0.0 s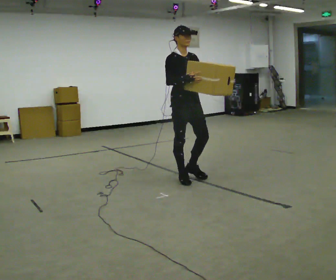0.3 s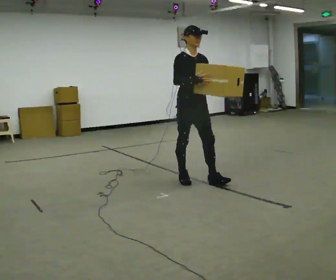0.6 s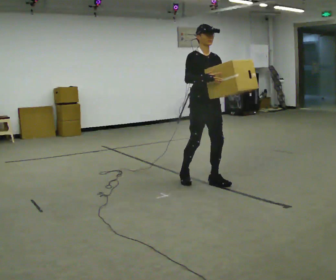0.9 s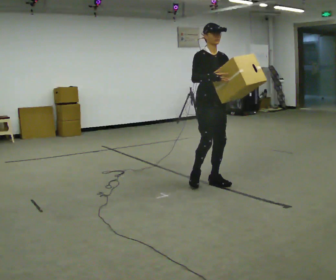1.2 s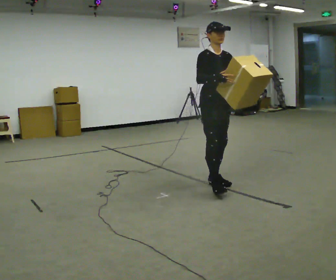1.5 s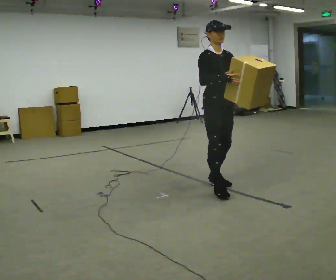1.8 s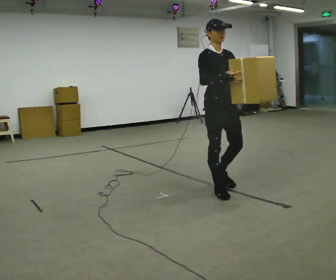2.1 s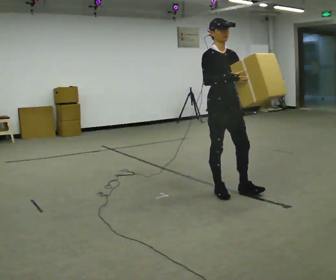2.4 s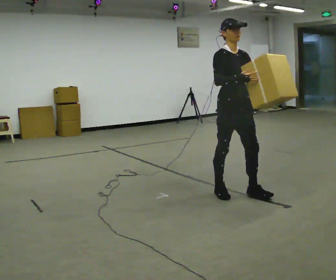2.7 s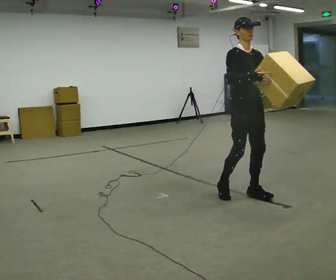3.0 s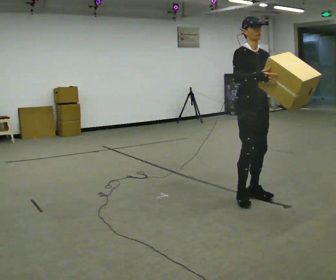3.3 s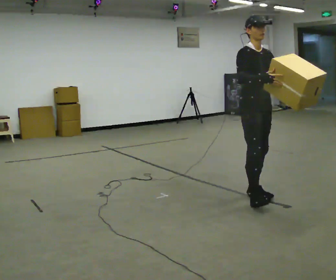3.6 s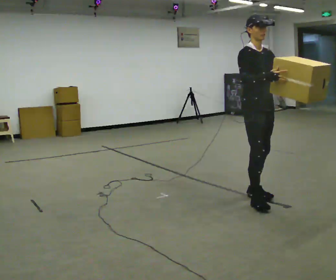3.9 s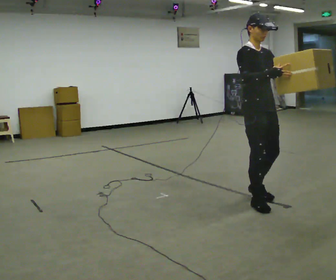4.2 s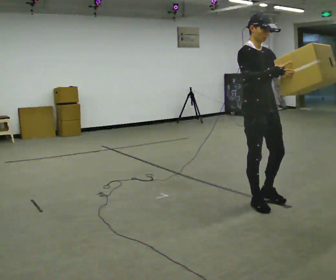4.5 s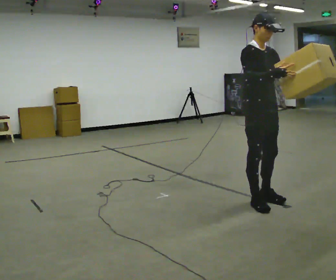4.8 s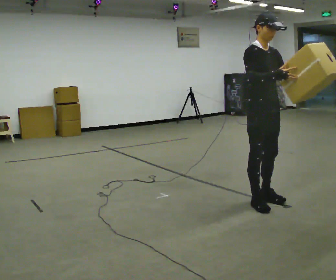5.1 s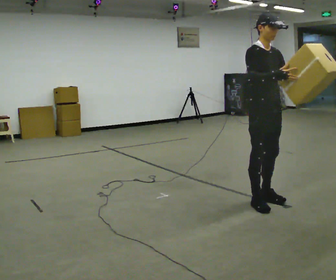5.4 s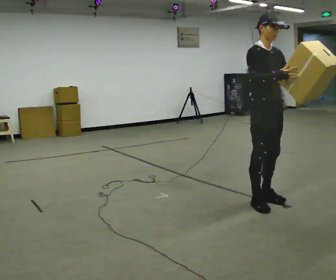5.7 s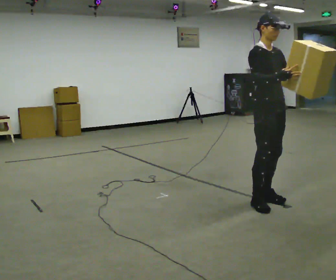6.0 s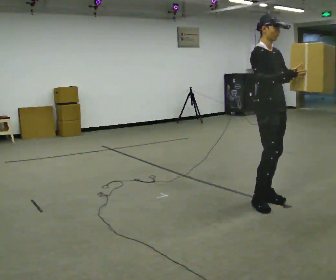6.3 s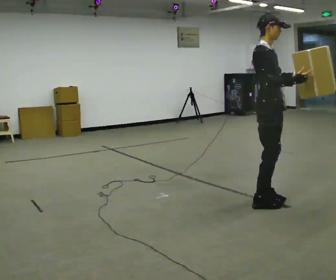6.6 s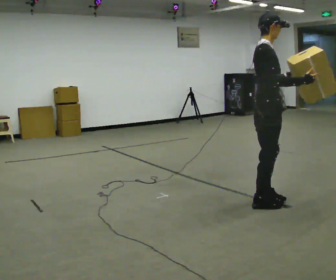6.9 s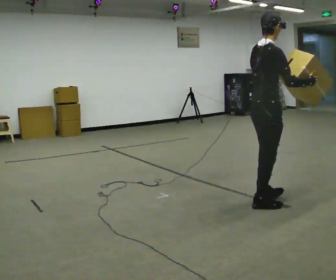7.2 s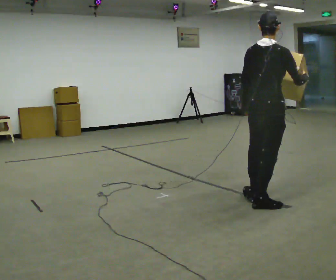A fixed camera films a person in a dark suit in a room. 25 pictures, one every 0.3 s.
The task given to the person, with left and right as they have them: Carry the object and, while walking, turn it over in your hands to look at all sides of it. Keep turning it as you walk.
0.0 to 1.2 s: In the picture they go to the right and toward the camera, about 0.5 m in 1 step, which for them is forward.
1.2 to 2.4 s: In the picture they go toward the camera and to the right, about 0.5 m in 2 steps, which for them is forward.
2.4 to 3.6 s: In the picture they go to the right, about 0.25 m in 1 step, which for them is forward.
3.6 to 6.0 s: The person moves a little, or ends about where they began.
6.0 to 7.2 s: The part of the body nearest the lens slides to the right as the person turns to their left by about 90 degrees. In the picture they go toward the camera, about 0.25 m.
The film runs forward here.
